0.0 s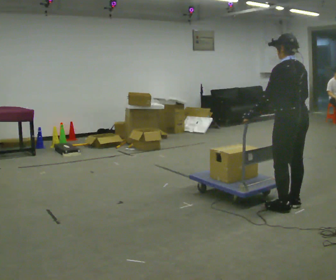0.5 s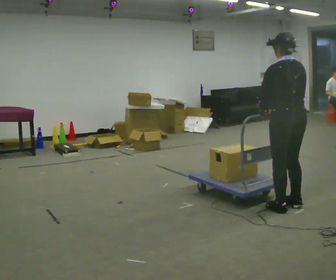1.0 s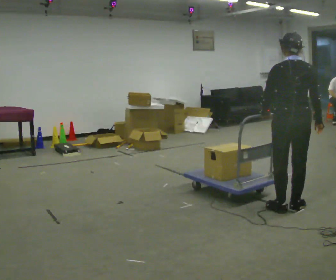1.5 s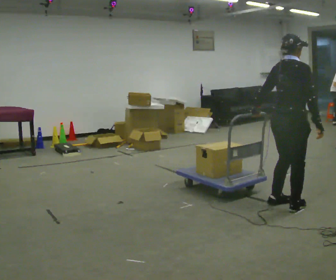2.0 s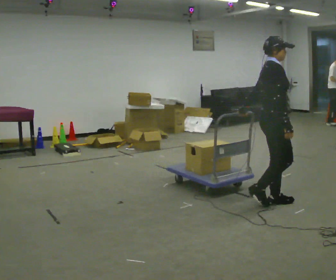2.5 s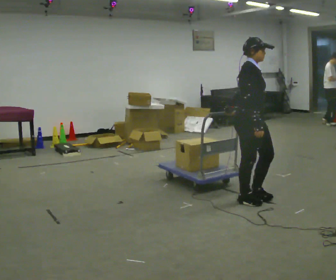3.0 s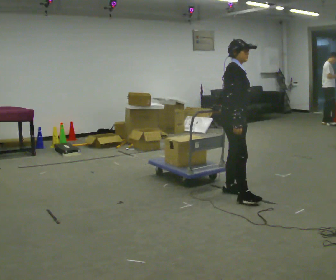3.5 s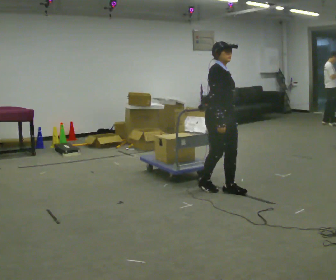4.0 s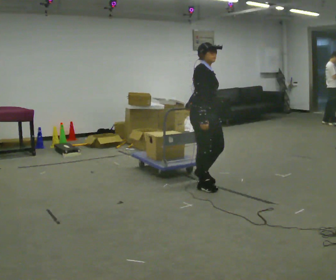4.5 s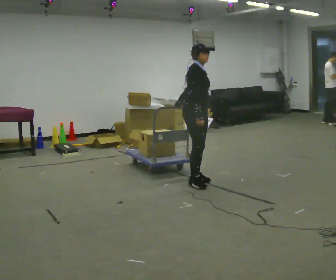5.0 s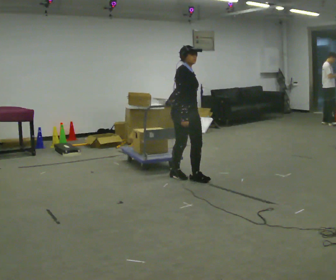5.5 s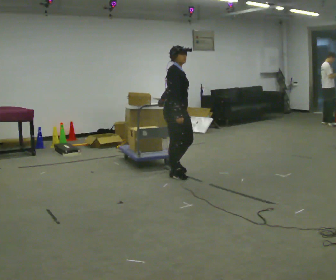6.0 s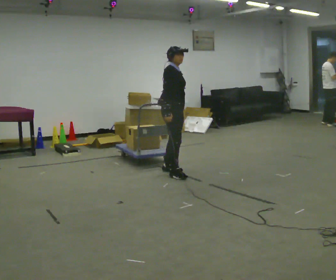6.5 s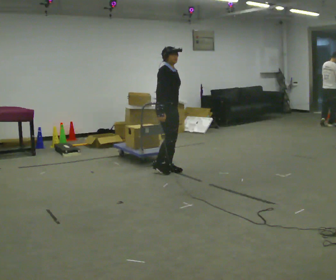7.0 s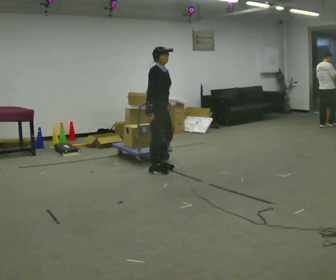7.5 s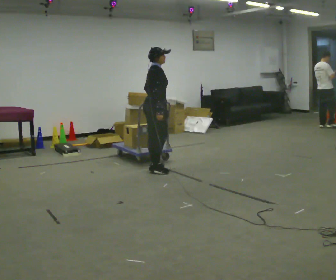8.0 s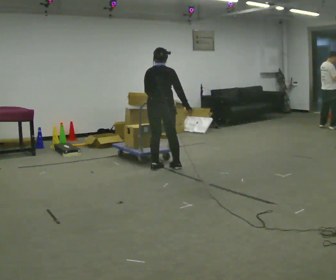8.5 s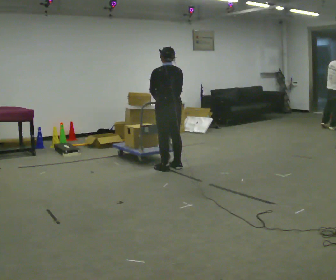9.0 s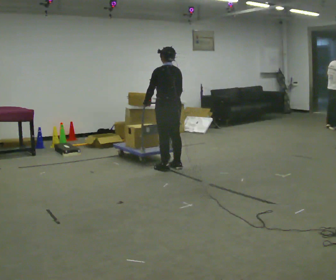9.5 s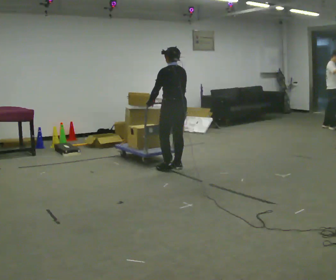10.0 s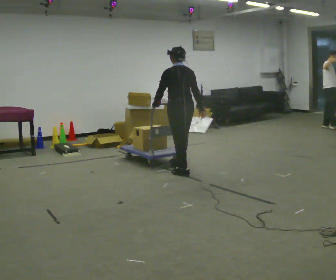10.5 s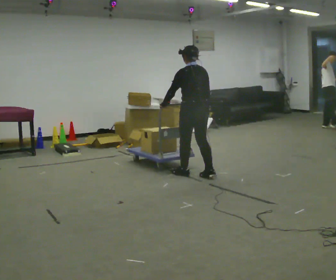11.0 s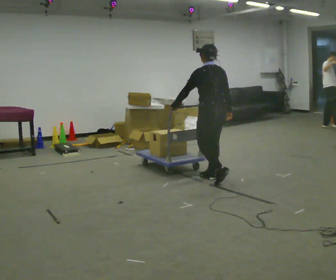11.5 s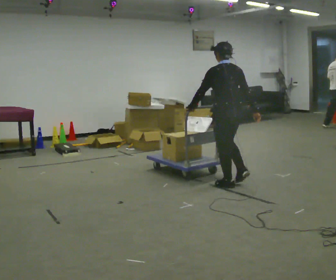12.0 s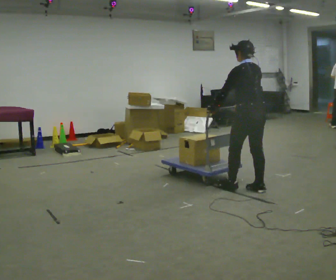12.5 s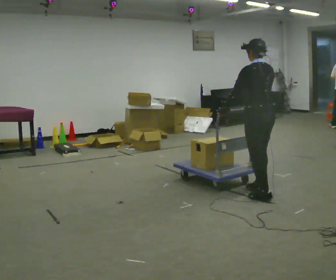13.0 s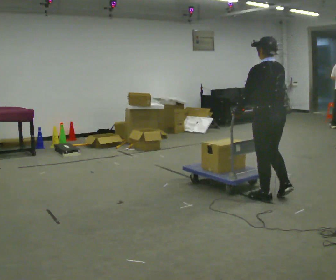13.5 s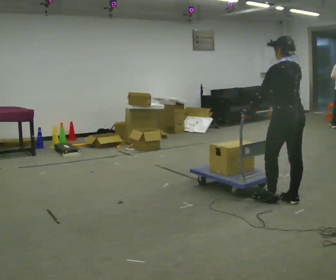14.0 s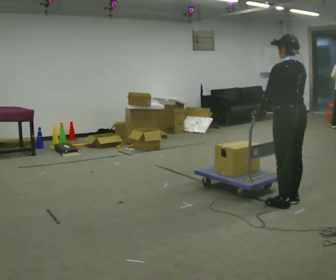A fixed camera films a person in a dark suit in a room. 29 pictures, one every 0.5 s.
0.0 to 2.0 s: The person turns about 135 degrees to their right, clockwise seen from above, so the part of the body nearest the lens slides to the left.
2.0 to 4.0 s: In the picture they go to the left and away from the camera, about 1 m in 3 steps, which for them is backward.
4.0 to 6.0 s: In the picture they go away from the camera and to the left, about 0.75 m in 2 steps, which for them is backward and to their left.
6.0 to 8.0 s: The person turns about 90 degrees to their left, counterclockwise seen from above, so the part of the body nearest the lens slides to the right. In the picture they go away from the camera and to the left, about 0.25 m in 2 steps.
8.0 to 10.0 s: The person turns about 45 degrees to their left, counterclockwise seen from above, so the part of the body nearest the lens slides to the right. In the picture they go to the right and toward the camera, about 0.25 m in 2 steps, which for them is backward and to their right.
10.0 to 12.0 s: In the picture they go toward the camera and to the right, about 1 m in 4 steps, which for them is backward.
12.0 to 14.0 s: In the picture they go toward the camera and to the right, about 0.5 m in 2 steps, which for them is backward.
The film runs backward here.
